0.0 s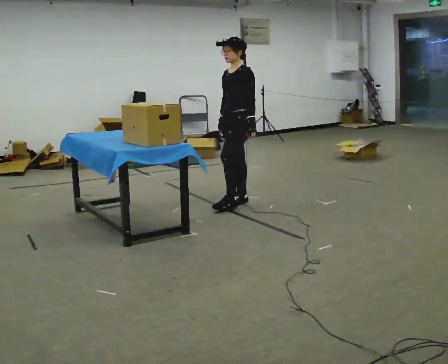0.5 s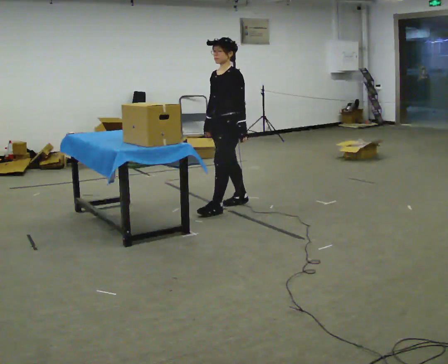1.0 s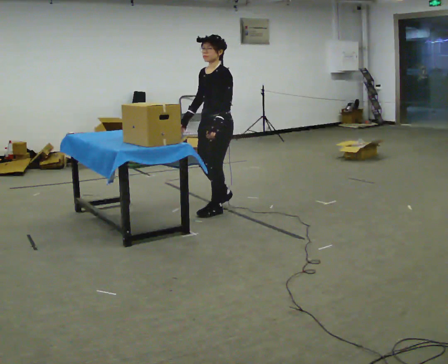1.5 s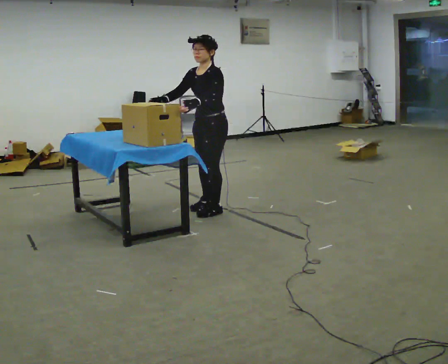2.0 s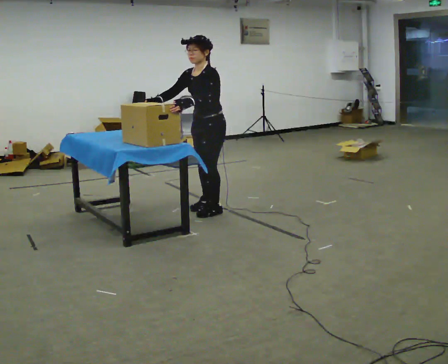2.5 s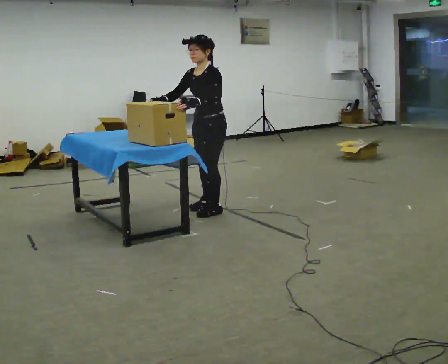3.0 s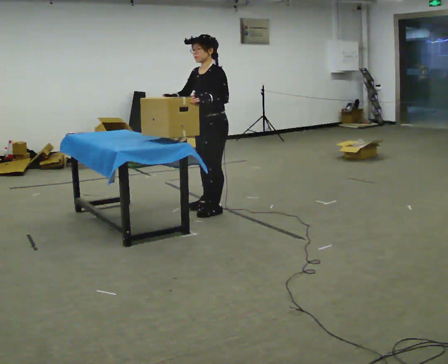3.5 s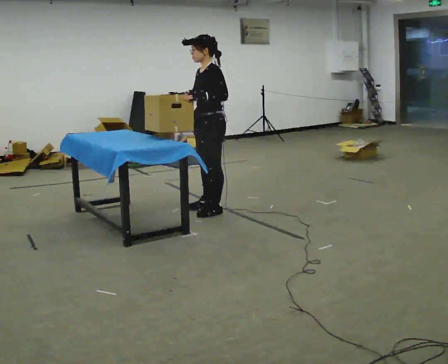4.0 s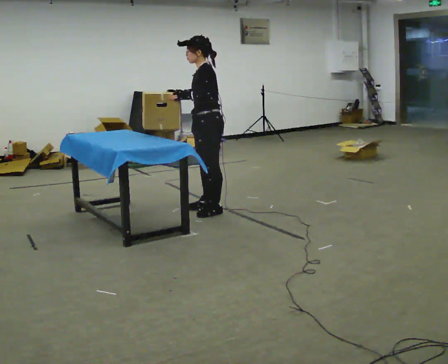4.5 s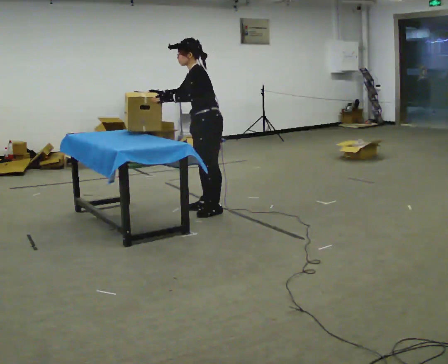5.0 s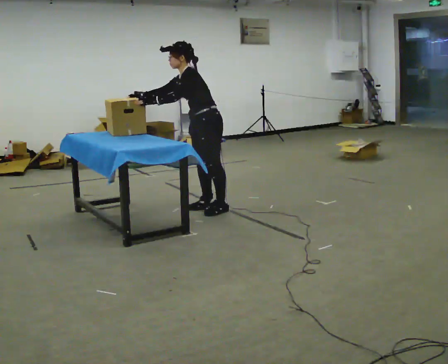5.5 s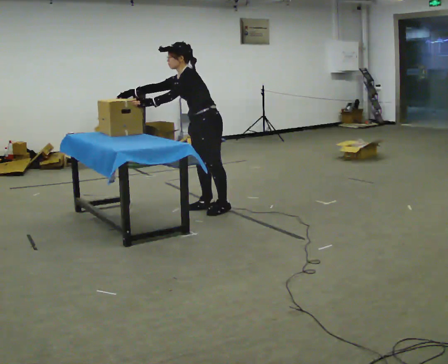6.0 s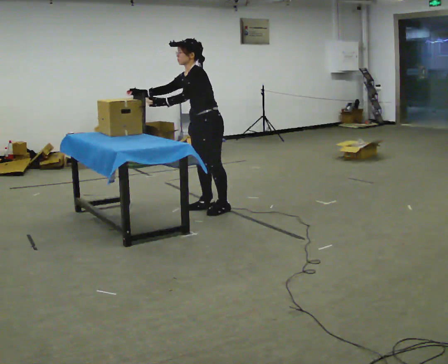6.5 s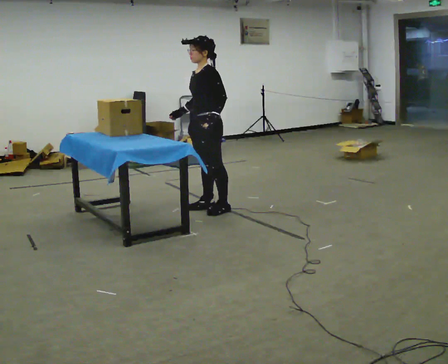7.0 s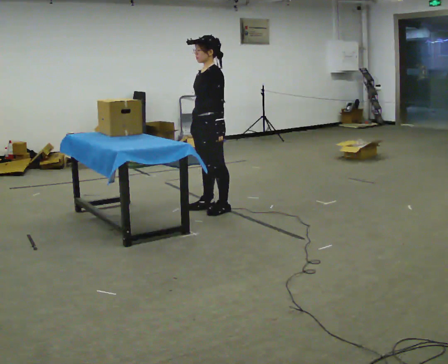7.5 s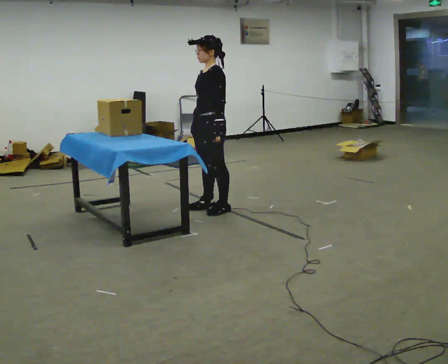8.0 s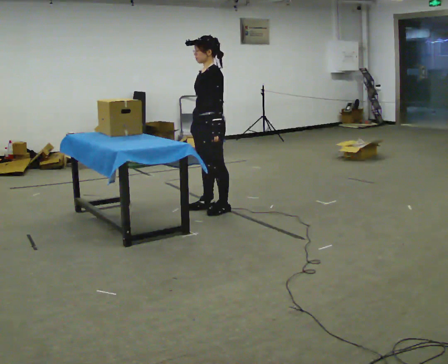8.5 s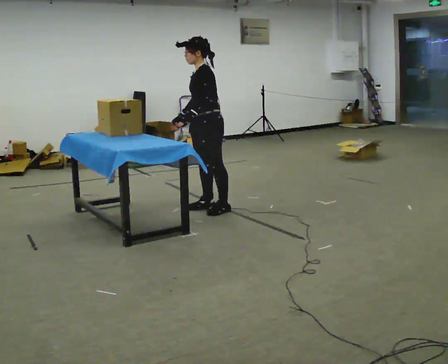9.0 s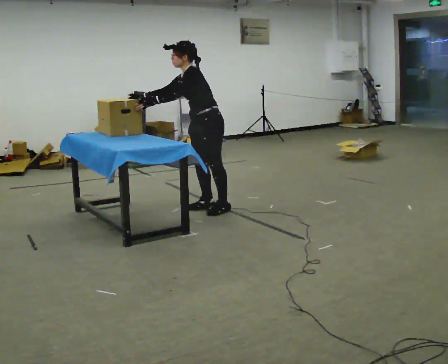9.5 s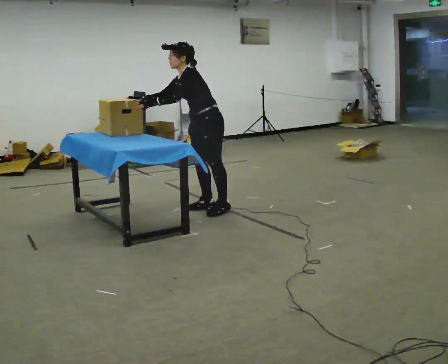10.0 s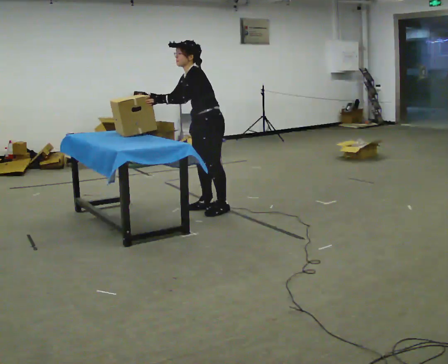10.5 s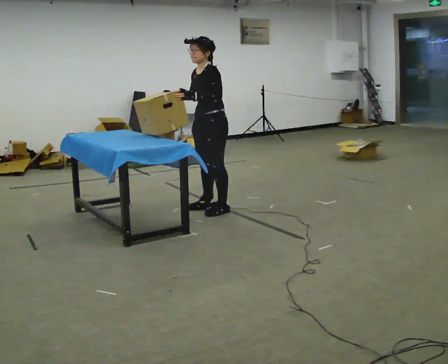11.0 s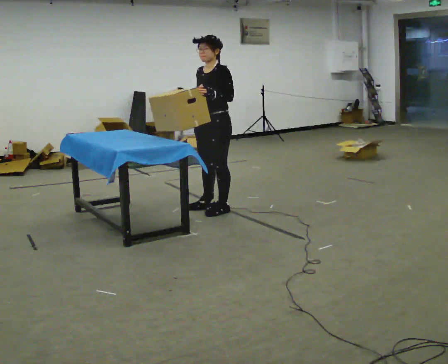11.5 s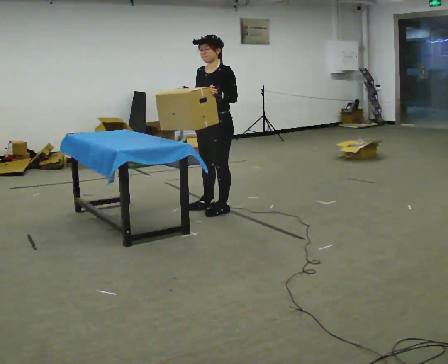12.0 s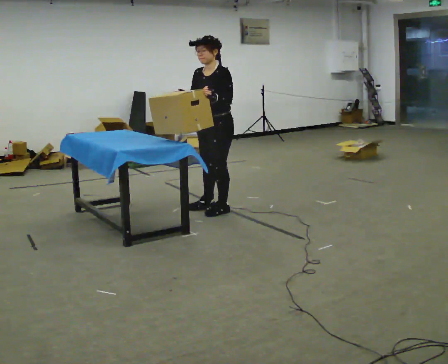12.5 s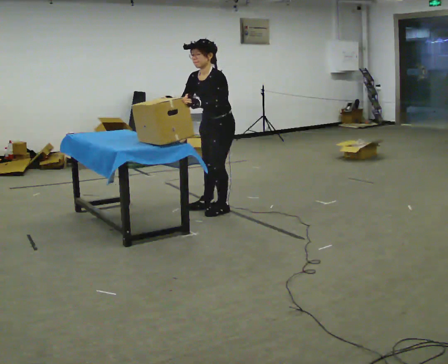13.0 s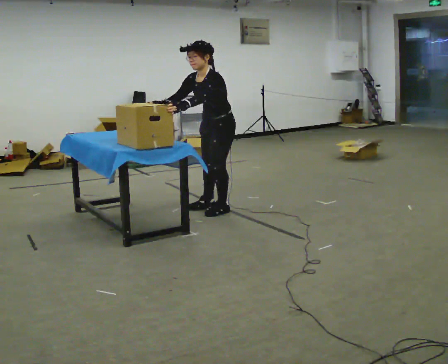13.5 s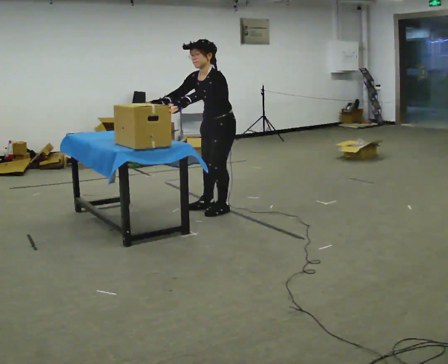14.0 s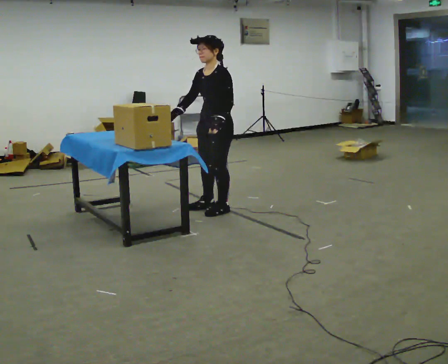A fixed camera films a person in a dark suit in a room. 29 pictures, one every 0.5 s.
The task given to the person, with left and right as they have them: Lift the heavy object with both hands and set it down again in a different spot on the same surface. Repeat at your own pace until the operator says stop. Keep both feet on the marked spots for the whole take. If you have to step, stop and tell the operator.
0.0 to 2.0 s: In the picture they go toward the camera and to the left, about 0.5 m in 2 steps, which for them is forward. The upper body tips toward the camera, its near side rolling downward, as they bend forward.
2.0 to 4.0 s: The upper body tips away from the camera, its near side rolling upward.
4.0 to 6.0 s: The person moves a little, or ends about where they began.
6.0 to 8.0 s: In the picture the upper body tilts clockwise, shoulders to the right, as they lean back or straighten. In the picture their right hand goes to the right, the arm swinging counterclockwise.
8.0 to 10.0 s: In the picture their right hand goes to the left, the arm swinging clockwise.
10.0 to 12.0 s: In the picture their left hand goes to the right.
12.0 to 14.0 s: The person moves a little, or ends about where they began.
The film runs forward here.
